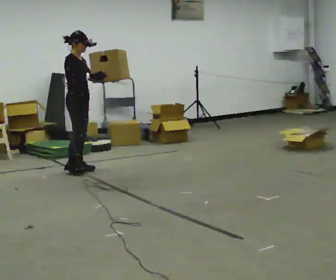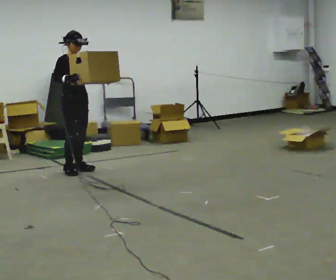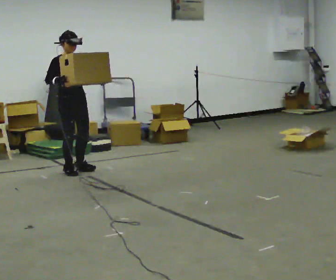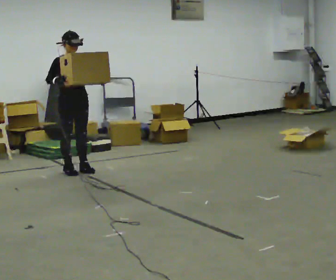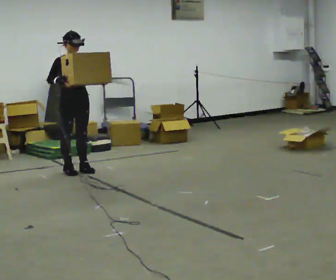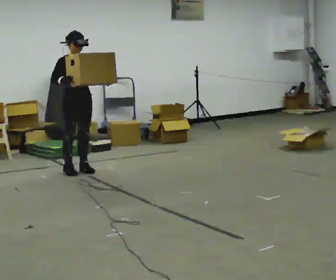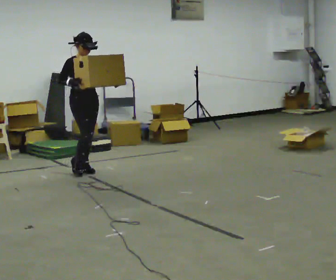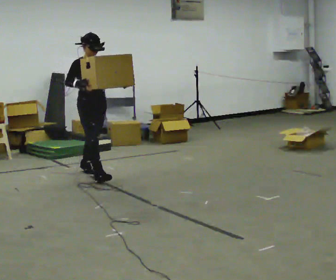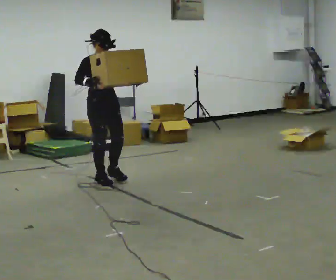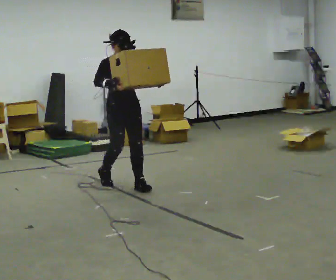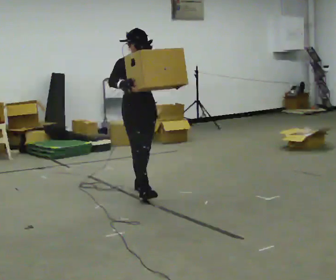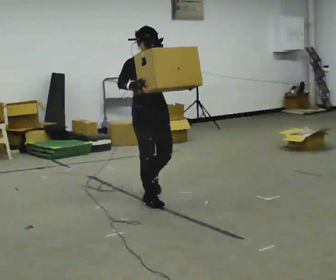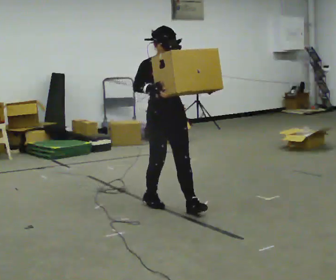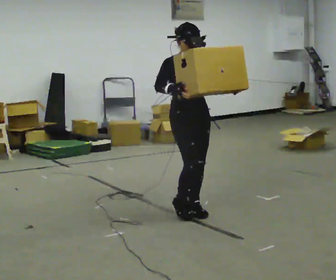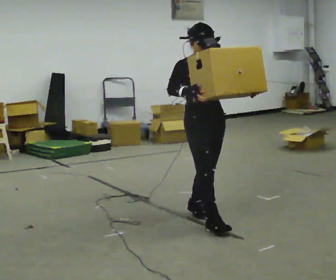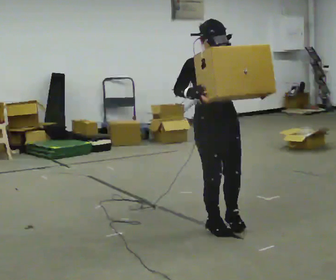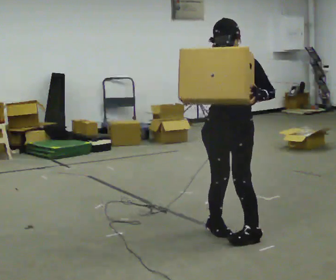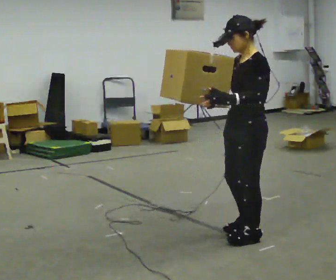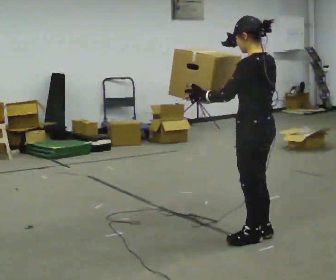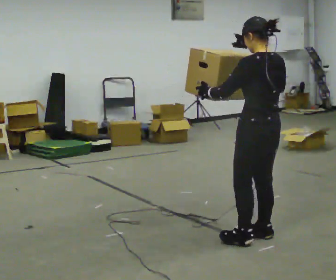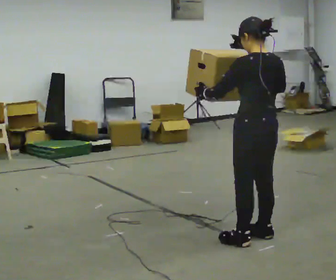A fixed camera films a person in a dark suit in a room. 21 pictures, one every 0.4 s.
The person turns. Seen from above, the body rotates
clockwise.
The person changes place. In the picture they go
toward the camera.
0.0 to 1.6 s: Seen from above the body turns clockwise, about 45 degrees: to their right, with its near side sliding to the left.
1.6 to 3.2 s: In the picture they go toward the camera and to the right, about 0.5 m in 1 step, which for them is forward.
3.2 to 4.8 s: In the picture they go toward the camera and to the right, about 1 m in 3 steps, which for them is forward.
4.8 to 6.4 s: Seen from above the body turns clockwise, about 45 degrees: to their right, with its near side sliding to the left. In the picture they go toward the camera and to the right, about 1 m in 2 steps, which for them is forward.
6.4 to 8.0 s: Seen from above the body turns clockwise, about 120 degrees: to their right, with its near side sliding to the left. In the picture they go toward the camera, about 0.25 m in 1 step. In the picture their right hand goes to the right.
The film runs forward here.
